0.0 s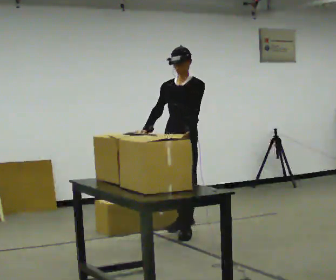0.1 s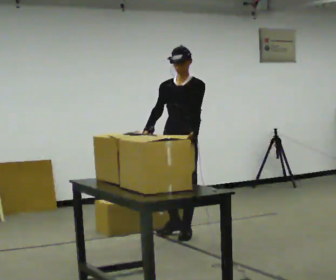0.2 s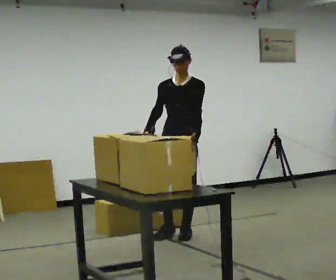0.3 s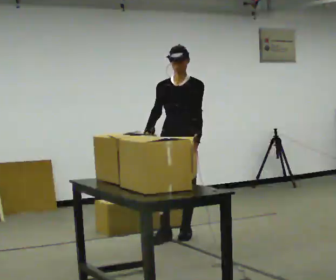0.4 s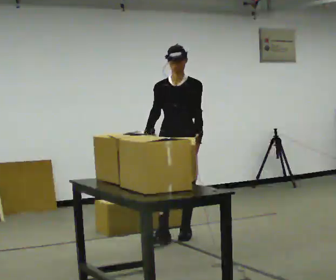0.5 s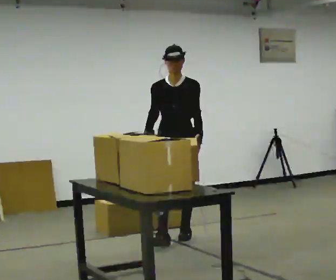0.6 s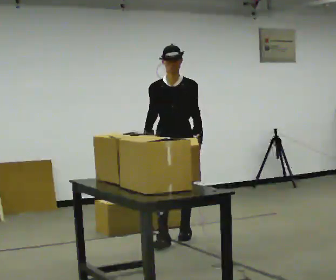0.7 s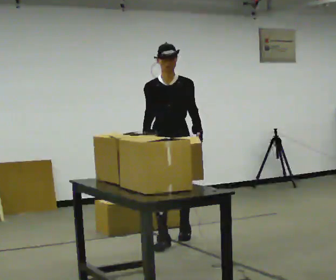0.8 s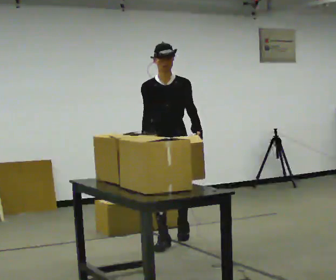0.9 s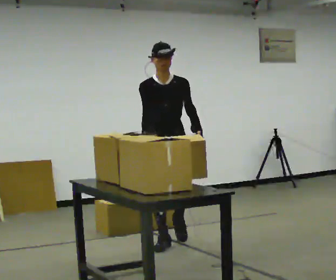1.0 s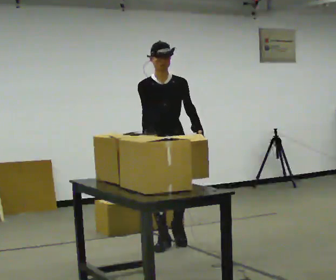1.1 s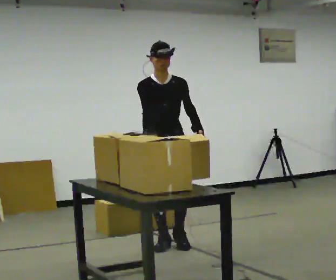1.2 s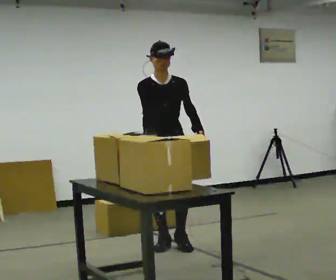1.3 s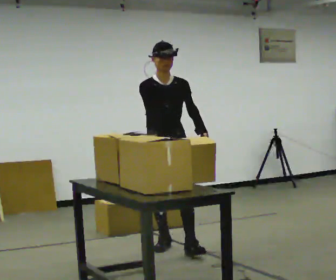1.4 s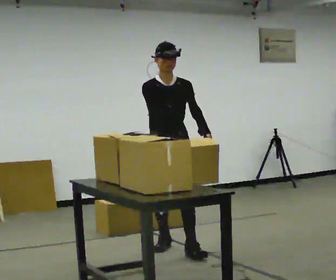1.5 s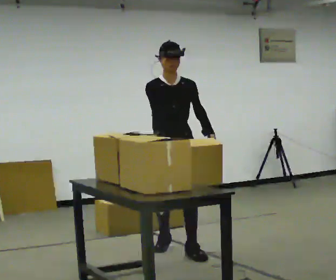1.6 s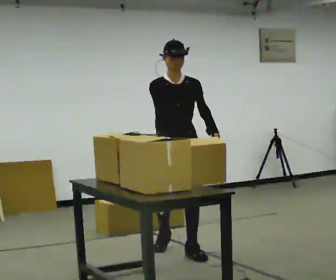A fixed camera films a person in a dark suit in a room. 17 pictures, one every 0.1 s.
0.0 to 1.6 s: The part of the body nearest the lens slides to the right as the person turns to their left by about 45 degrees. In the picture they go toward the camera, about 0.5 m in 2 steps, which for them is forward.
The film runs forward here.
